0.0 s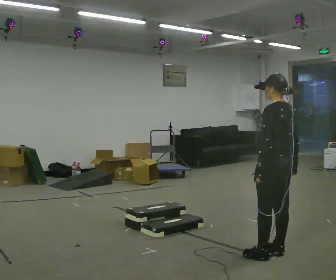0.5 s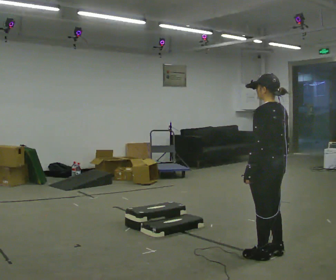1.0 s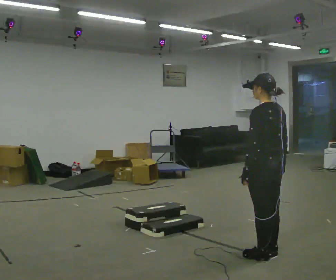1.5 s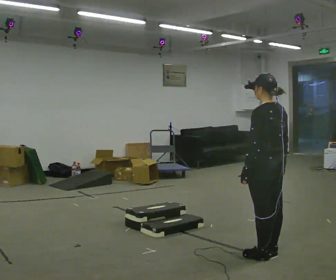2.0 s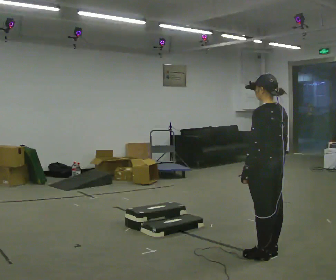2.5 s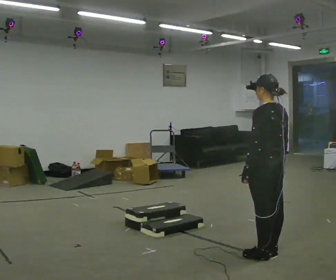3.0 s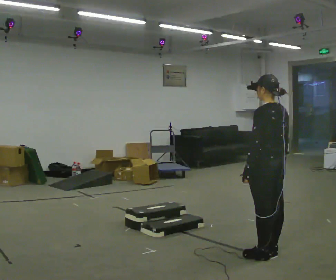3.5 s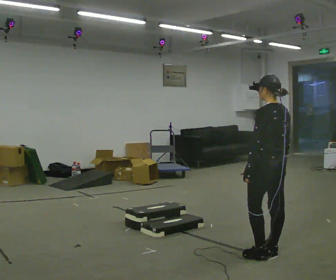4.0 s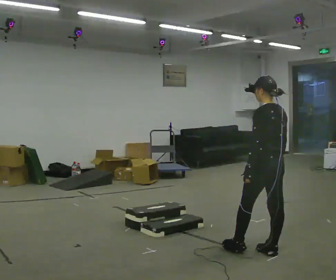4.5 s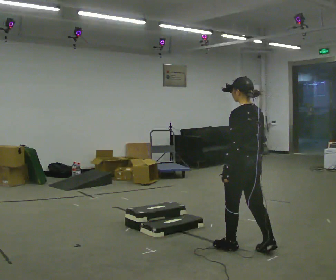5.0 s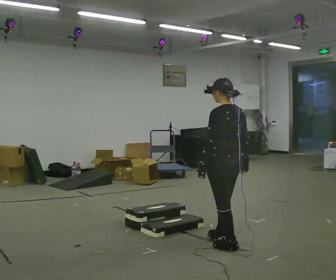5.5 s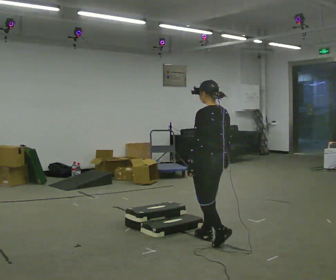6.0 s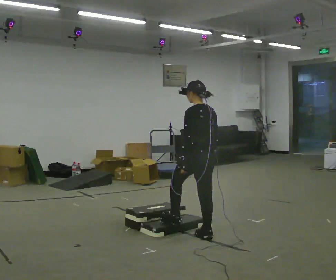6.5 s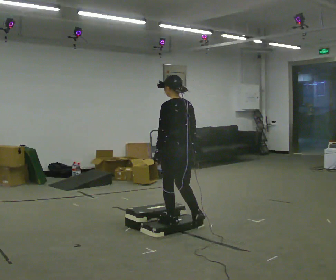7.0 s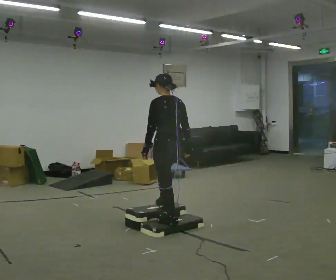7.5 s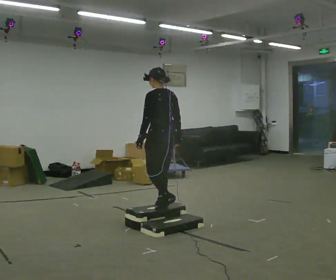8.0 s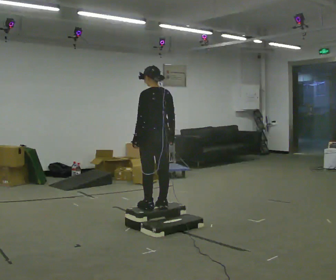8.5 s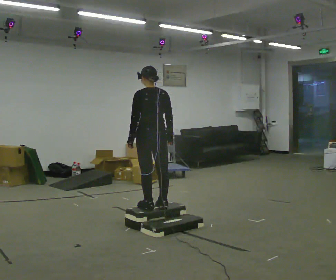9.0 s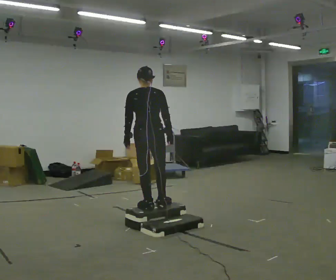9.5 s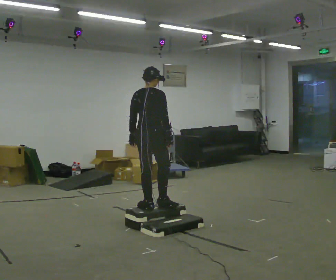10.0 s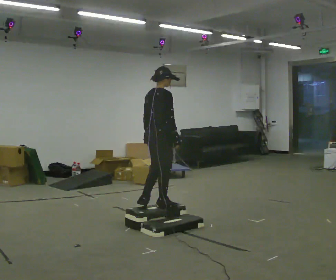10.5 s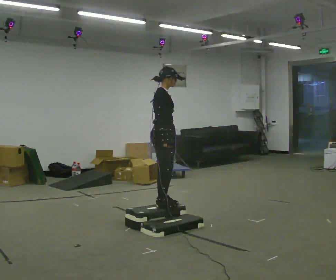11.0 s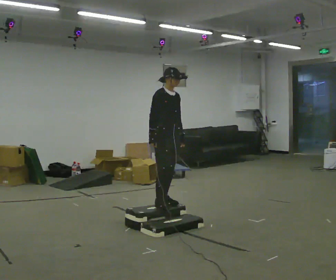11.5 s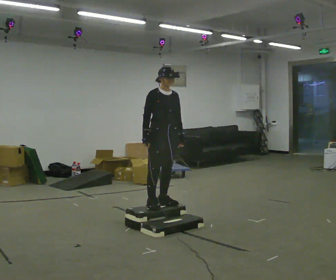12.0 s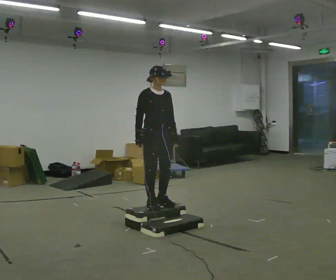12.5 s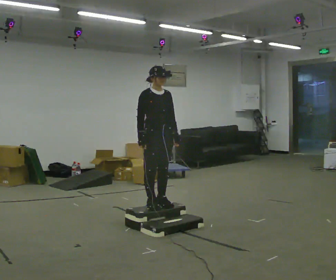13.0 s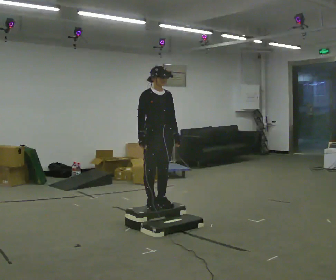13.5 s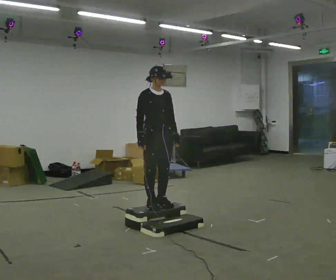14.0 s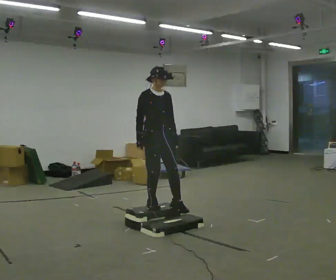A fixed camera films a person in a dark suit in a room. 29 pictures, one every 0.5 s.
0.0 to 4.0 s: The person moves a little, or ends about where they began.
4.0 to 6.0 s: In the picture they go to the left and away from the camera, about 1 m in 2 steps, which for them is forward.
6.0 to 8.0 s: In the picture they go to the left and away from the camera, about 0.75 m in 3 steps, which for them is forward. The upper body goes upward.
8.0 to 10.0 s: The person turns about 90 degrees to their right, clockwise seen from above, so the part of the body nearest the lens slides to the left.
10.0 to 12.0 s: The part of the body nearest the lens slides to the left as the person turns to their right by about 90 degrees.
12.0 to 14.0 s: The person moves a little, or ends about where they began.
The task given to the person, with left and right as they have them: Walk up the three steps, turn at the top, and walk back down at a comfortable speed. Use the handrail only if you need it.
The film runs forward here.
